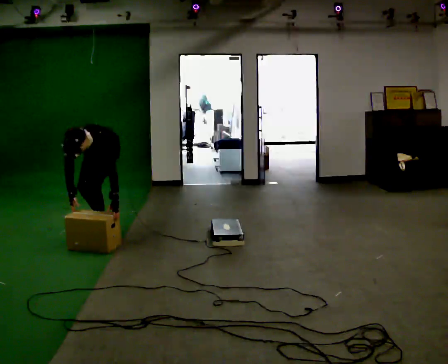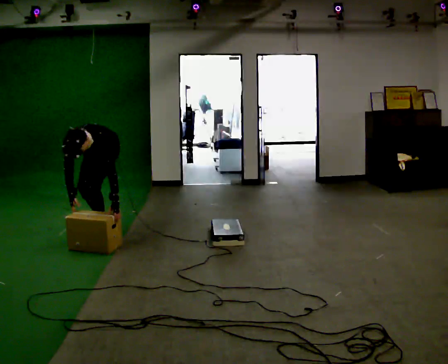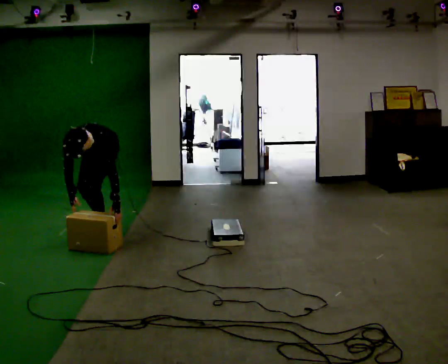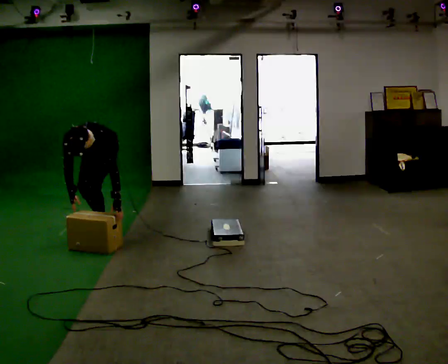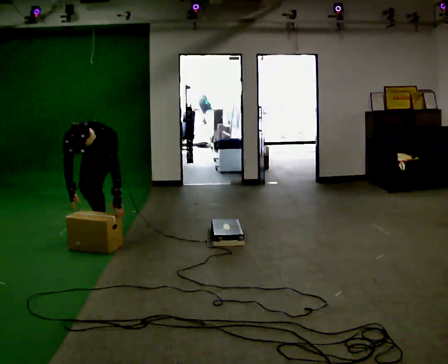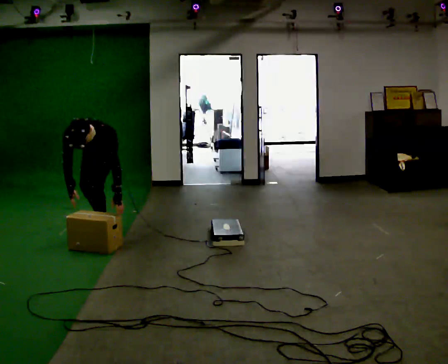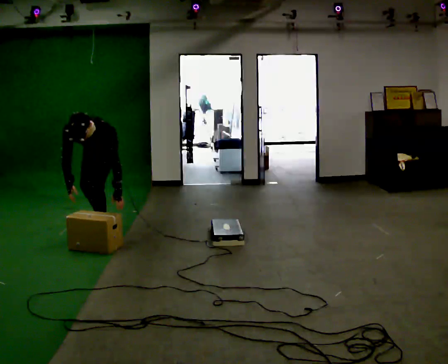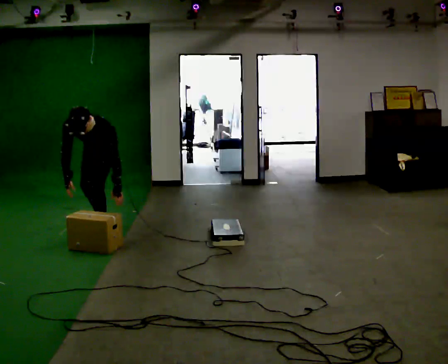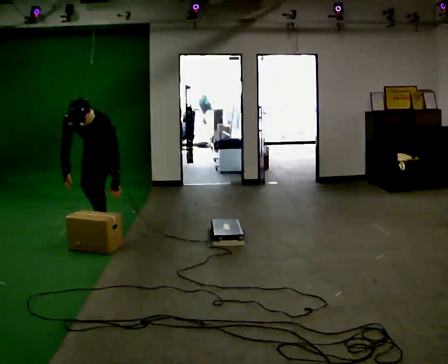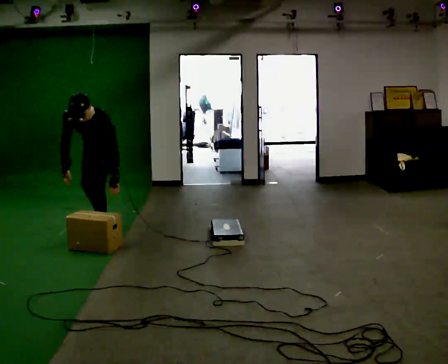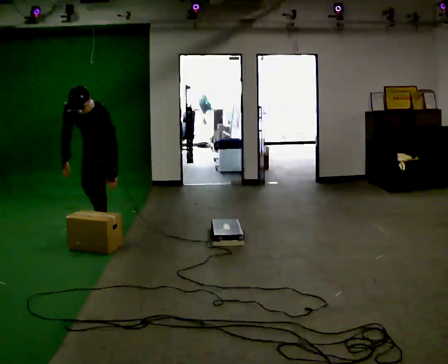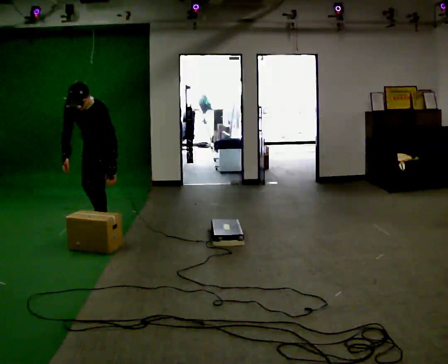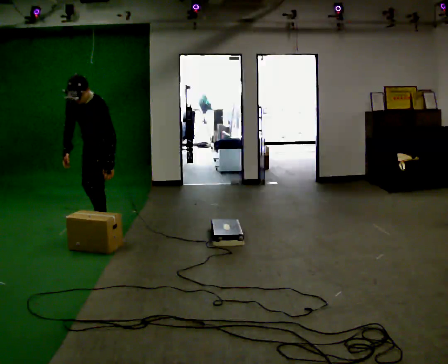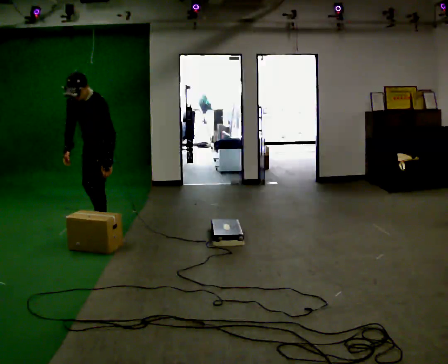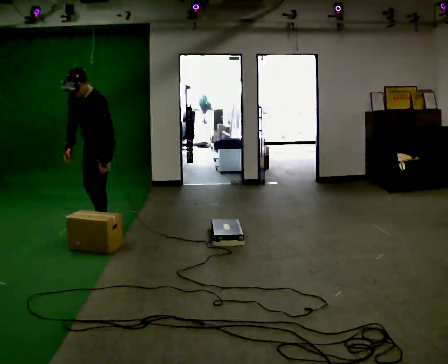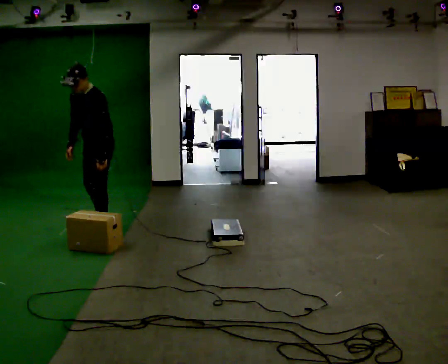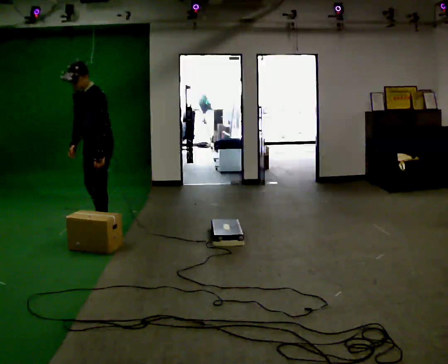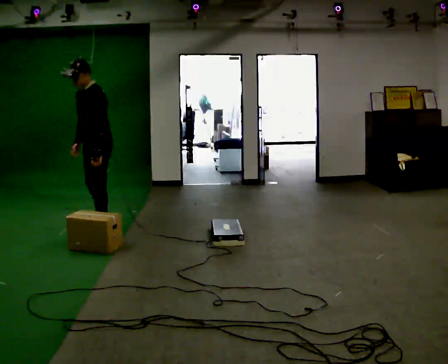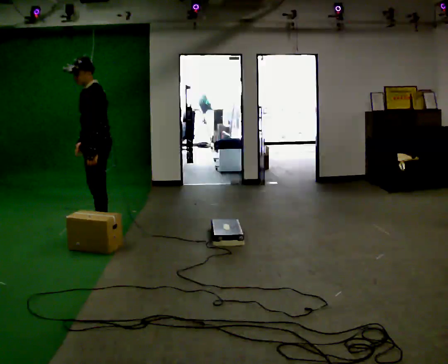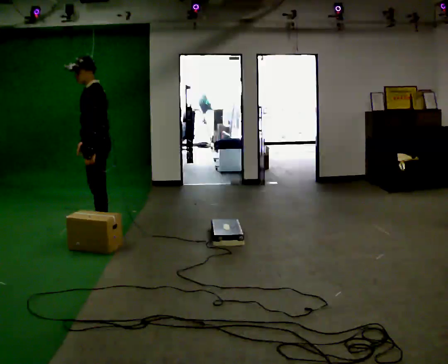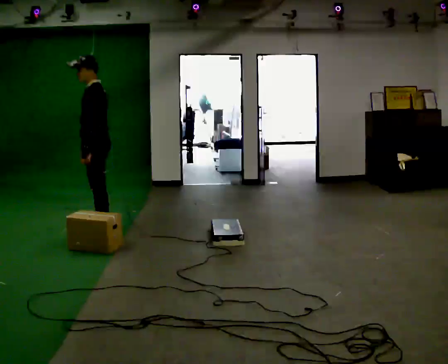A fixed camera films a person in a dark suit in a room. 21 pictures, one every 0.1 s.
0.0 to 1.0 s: The upper body goes upward. The upper body tips away from the camera, its near side rolling upward, as they lean back or straighten. In the picture their right hand goes upward.
1.0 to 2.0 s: The person turns about 45 degrees to their right, clockwise seen from above, so the part of the body nearest the lens slides to the left. The shoulders move upward. The upper body tips away from the camera, its near side rolling upward, as they lean back or straighten.
The film runs backward here.
